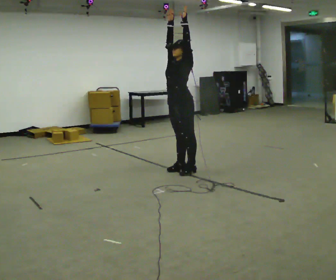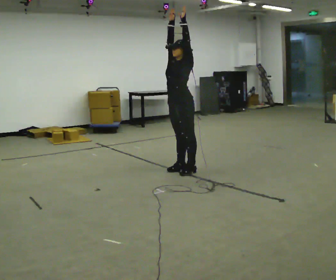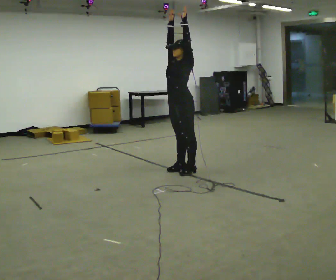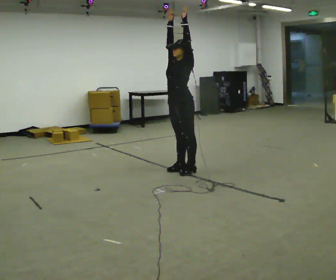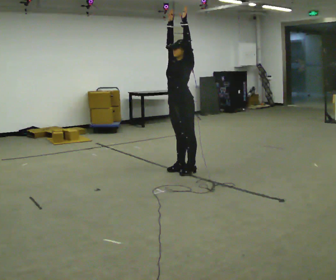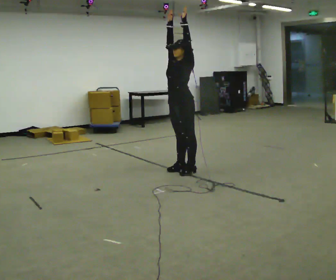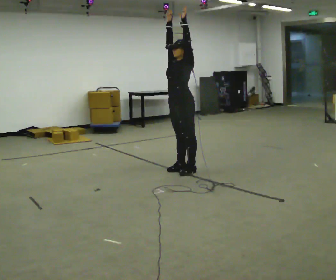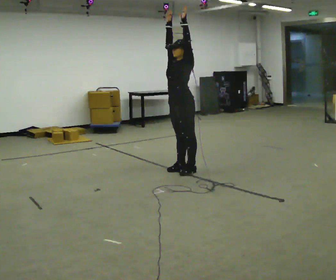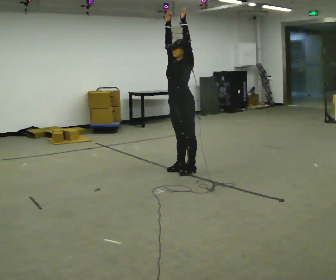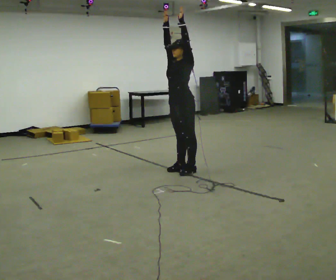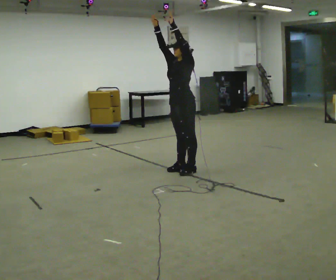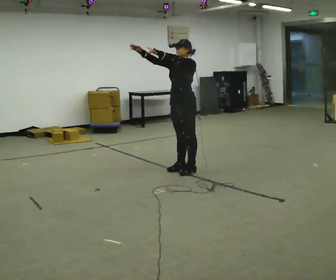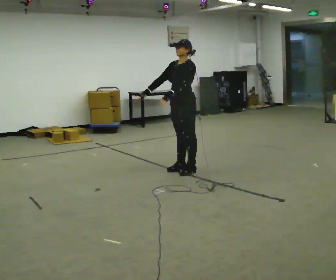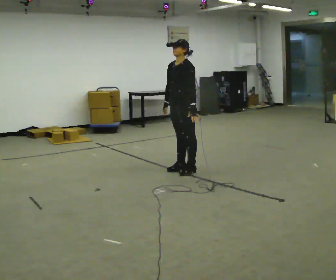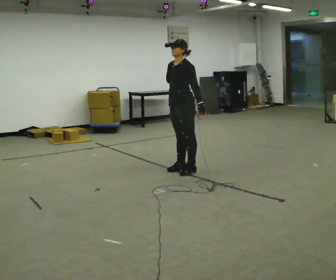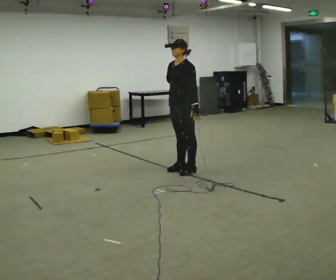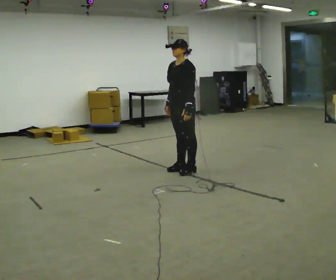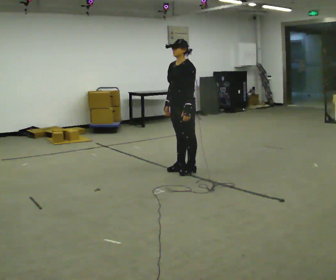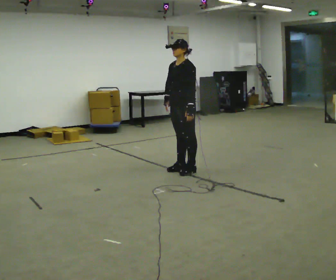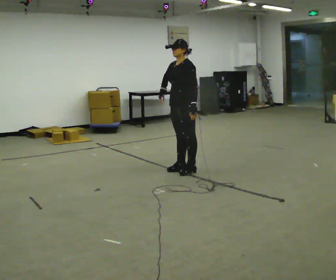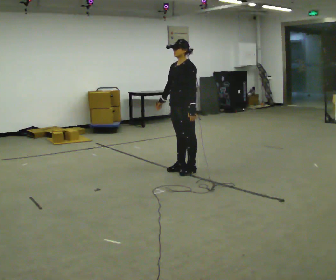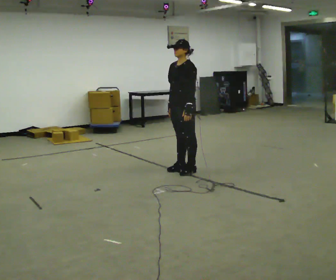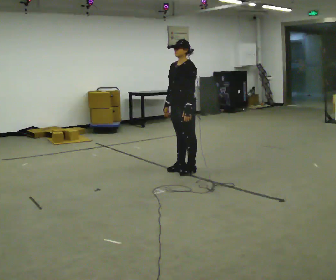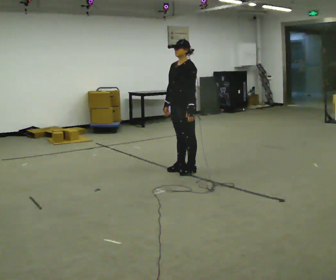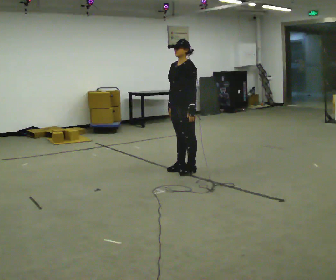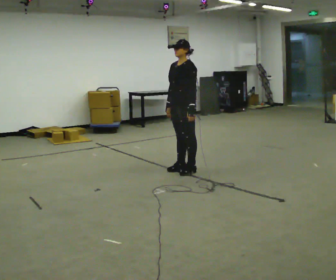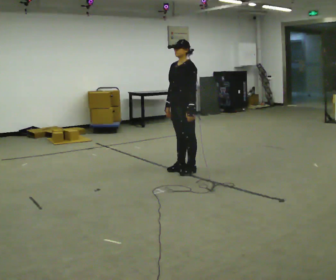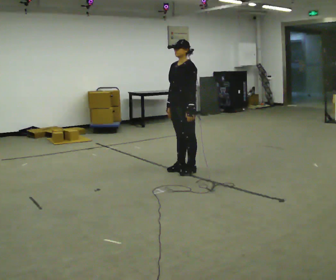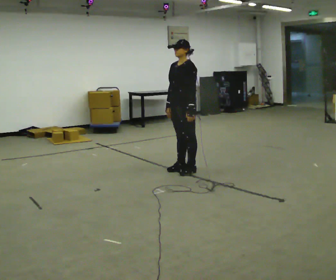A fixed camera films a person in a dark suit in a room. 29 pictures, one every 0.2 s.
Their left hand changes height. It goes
downward.
0.0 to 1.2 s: The person moves a little, or ends about where they began.
1.2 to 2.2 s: In the picture their left hand goes downward.
2.2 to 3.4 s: In the picture their right hand goes downward, the arm swinging counterclockwise.
3.4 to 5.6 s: The person moves a little, or ends about where they began.
The film runs forward here.
